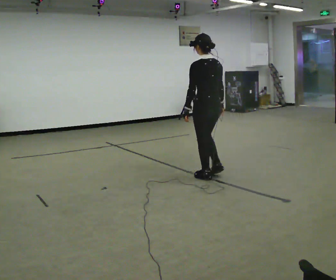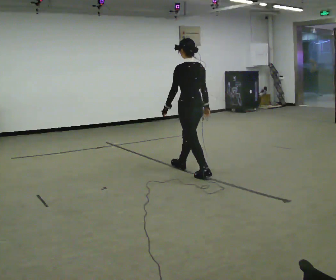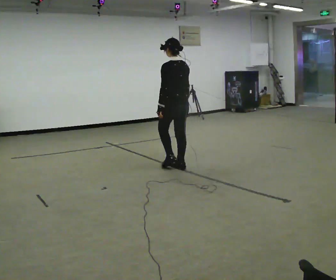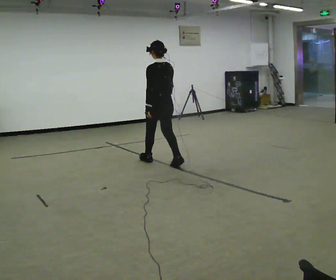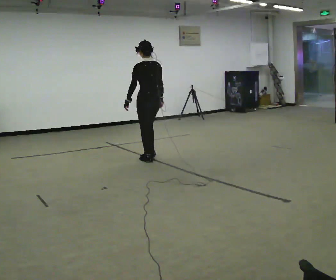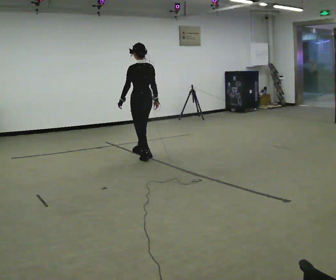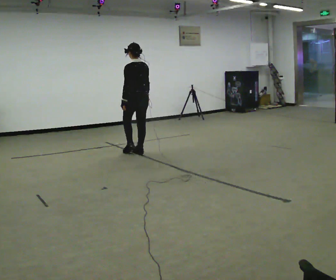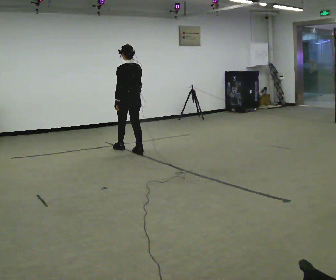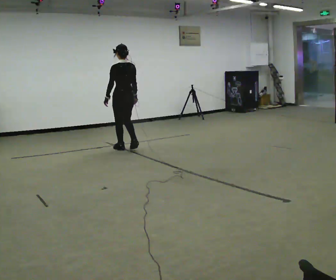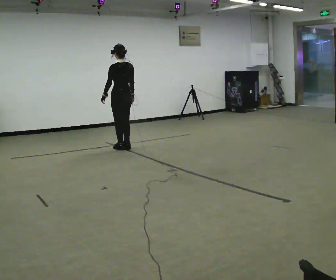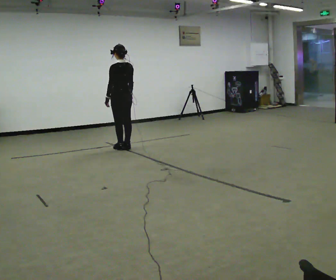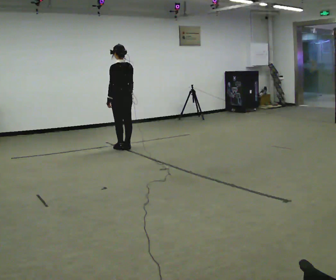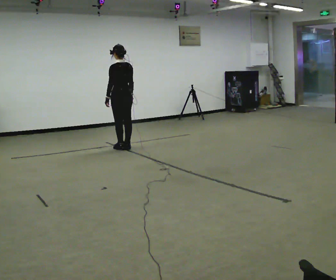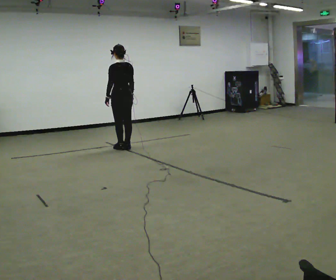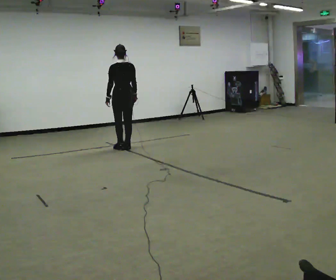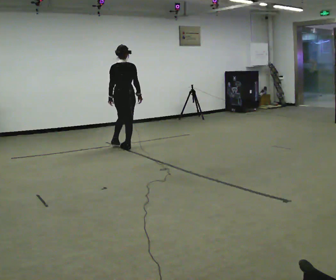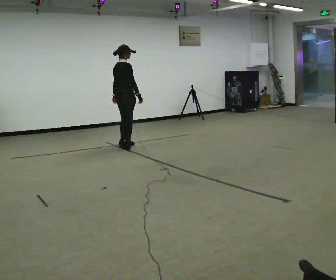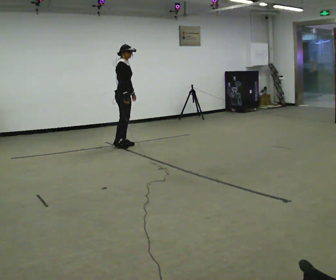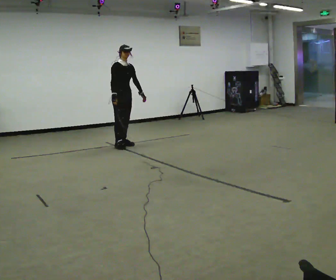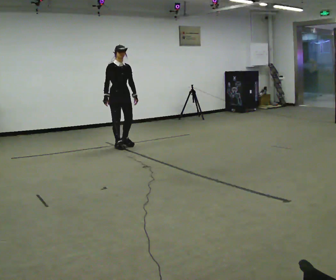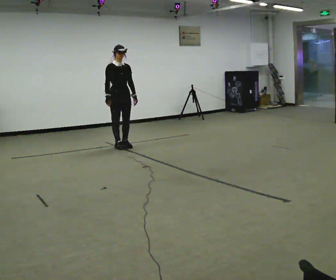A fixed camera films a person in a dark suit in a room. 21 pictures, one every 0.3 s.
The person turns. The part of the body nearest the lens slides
to the left.
The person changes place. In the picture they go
away from the camera.
0.0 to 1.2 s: In the picture they go away from the camera and to the left, about 1 m in 2 steps, which for them is forward.
1.2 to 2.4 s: In the picture they go away from the camera and to the left, about 1 m in 2 steps, which for them is forward.
2.4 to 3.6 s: The person moves a little, or ends about where they began.
3.6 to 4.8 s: The part of the body nearest the lens slides to the left as the person turns to their right by about 90 degrees.
4.8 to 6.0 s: The person turns about 105 degrees to their right, clockwise seen from above, so the part of the body nearest the lens slides to the left. In the picture their left hand goes to the right.
The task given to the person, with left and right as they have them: Stand still 2 s; begin walking naturally; walk forward; stop.
The film runs forward here.
